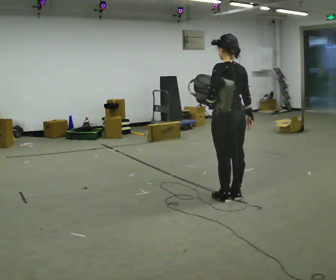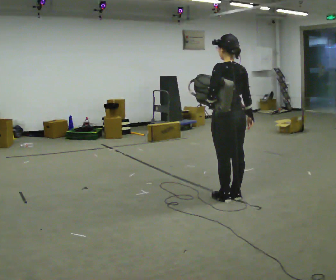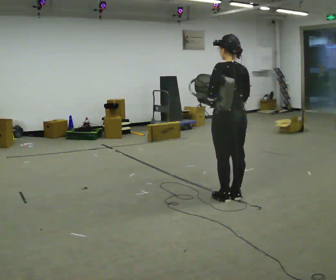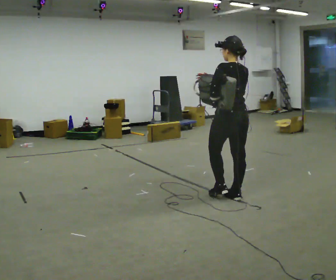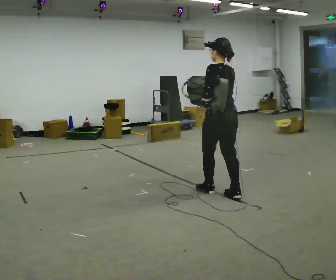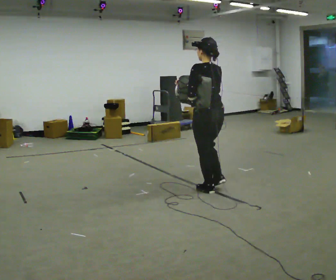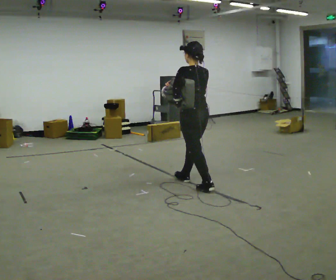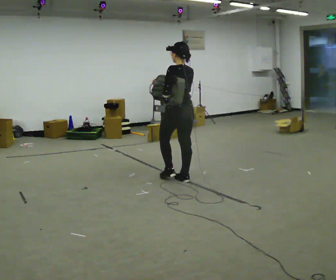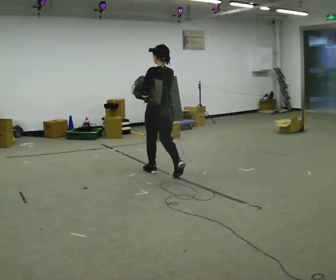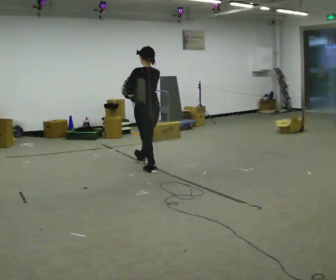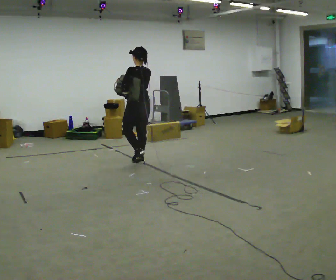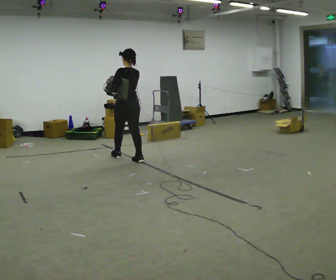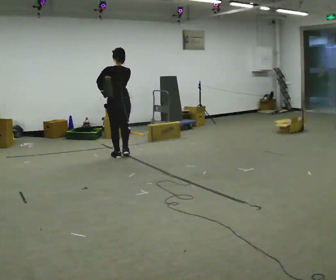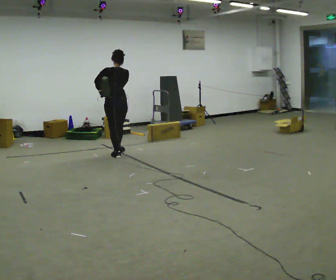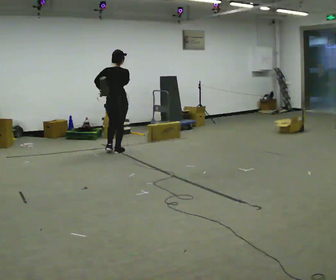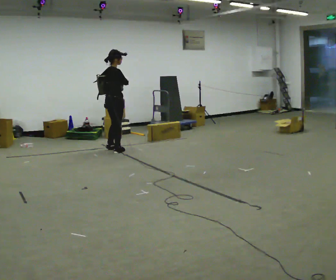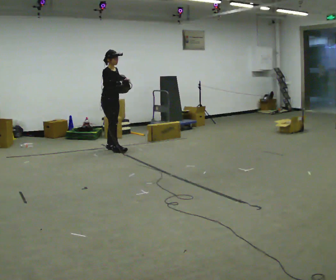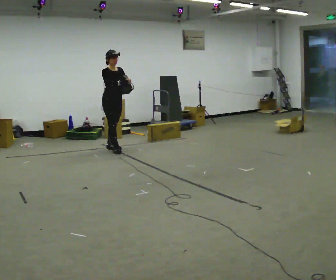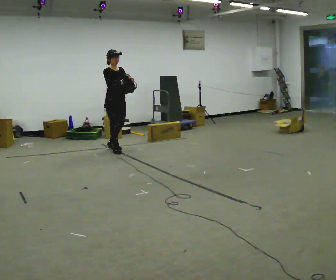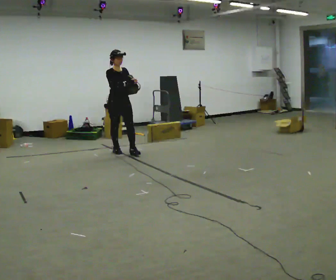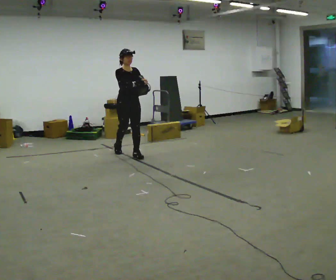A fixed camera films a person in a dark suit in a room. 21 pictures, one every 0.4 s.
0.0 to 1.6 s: In the picture their right hand goes to the left.
1.6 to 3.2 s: In the picture they go away from the camera and to the left, about 1 m in 2 steps, which for them is forward.
3.2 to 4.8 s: In the picture they go away from the camera and to the left, about 1 m in 2 steps, which for them is forward.
4.8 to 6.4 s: The part of the body nearest the lens slides to the left as the person turns to their right by about 135 degrees. In the picture they go away from the camera and to the left, about 0.5 m in 2 steps.
6.4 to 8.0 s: The part of the body nearest the lens slides to the left as the person turns to their right by about 30 degrees. In the picture they go toward the camera and to the right, about 0.5 m in 1 step, which for them is forward.
The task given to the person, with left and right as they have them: Put the soft bag up onto your shoulder and carry it across the room, back and forth.
The film runs forward here.
